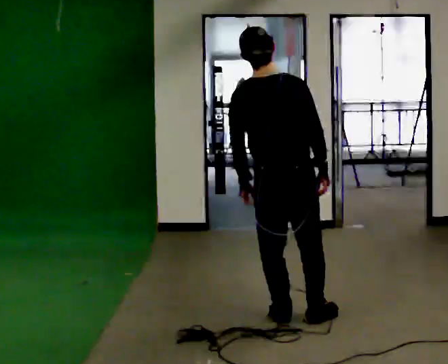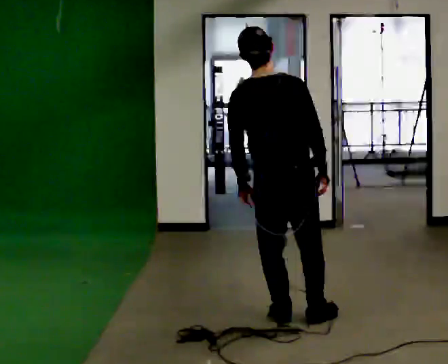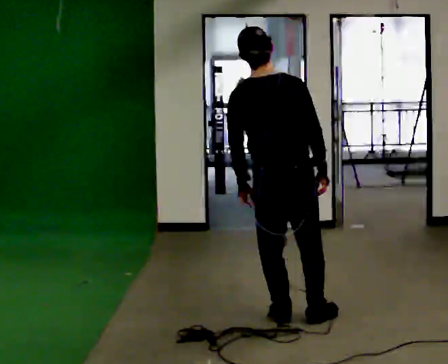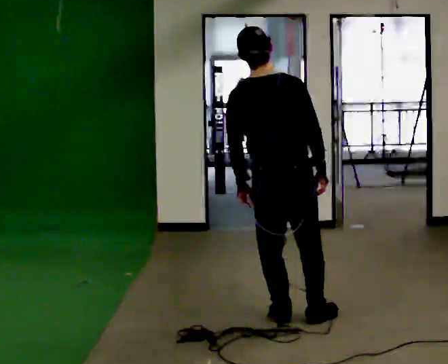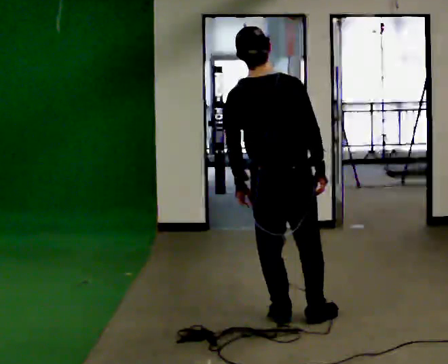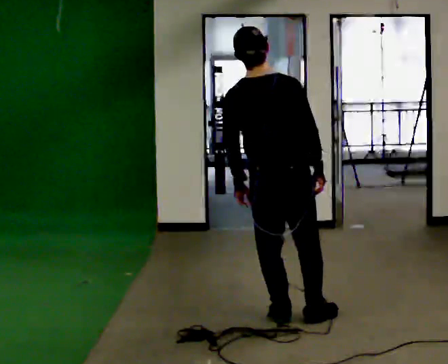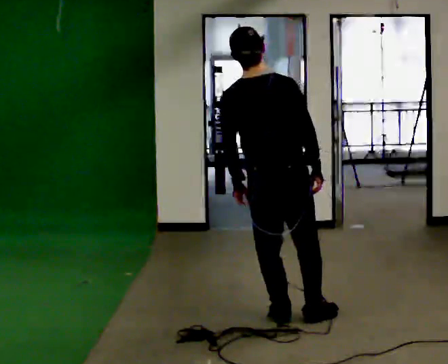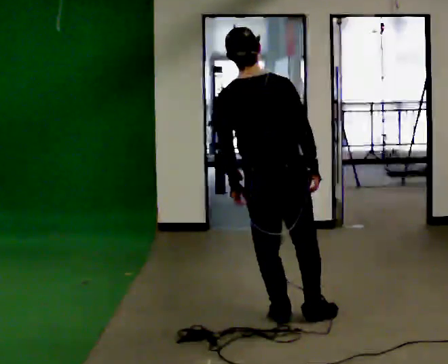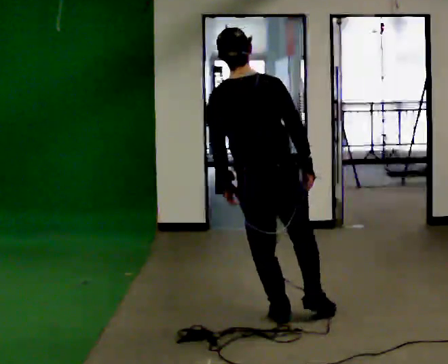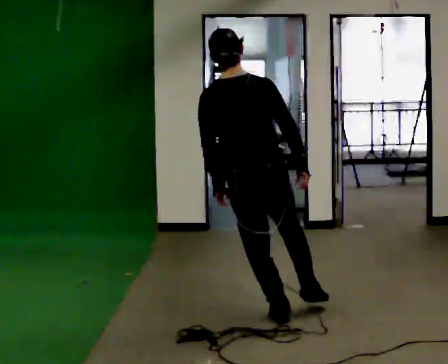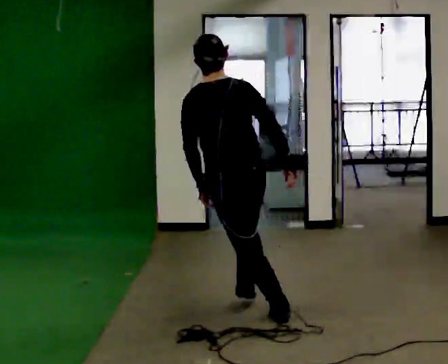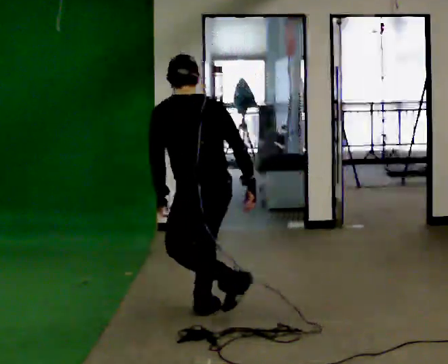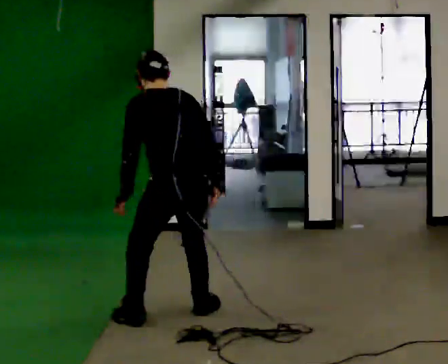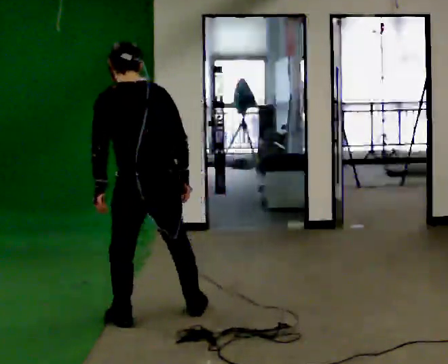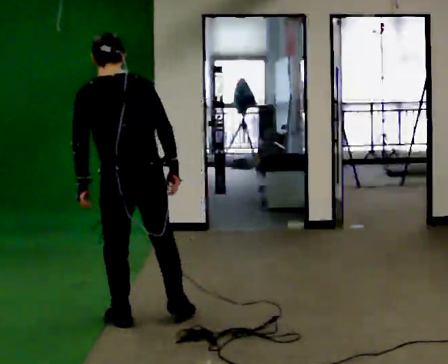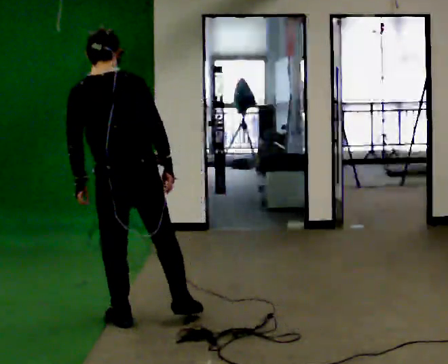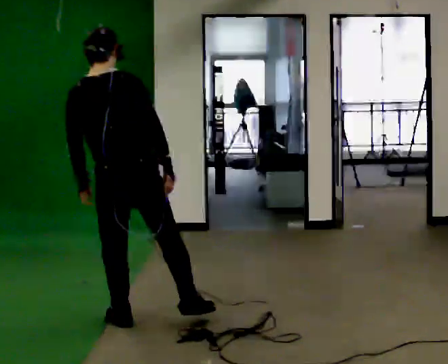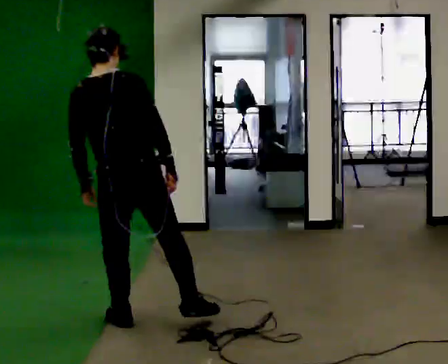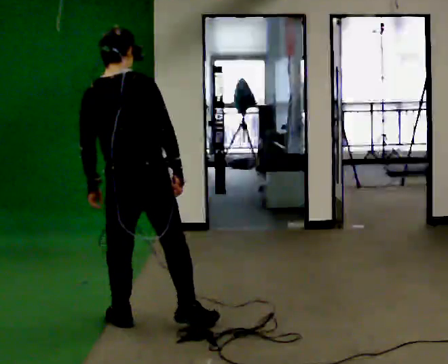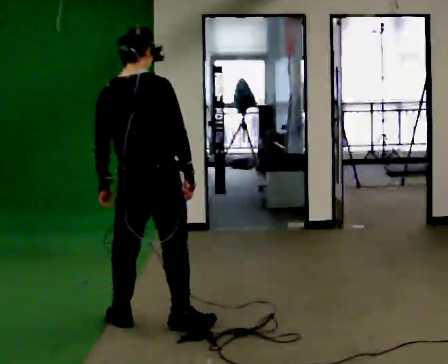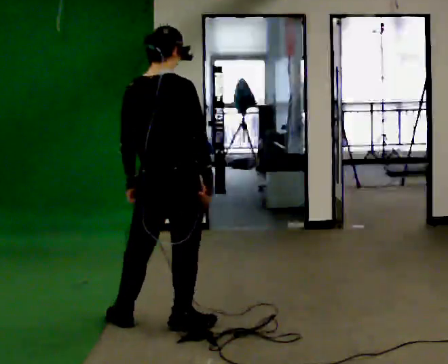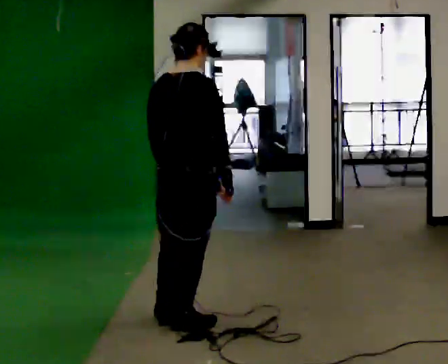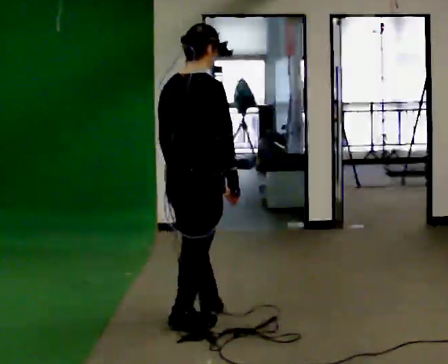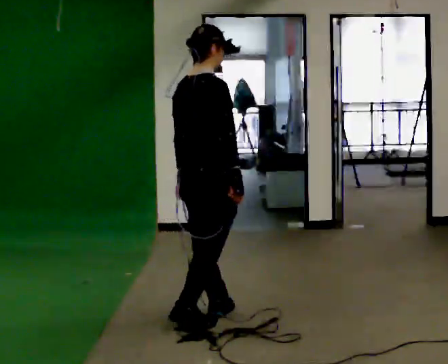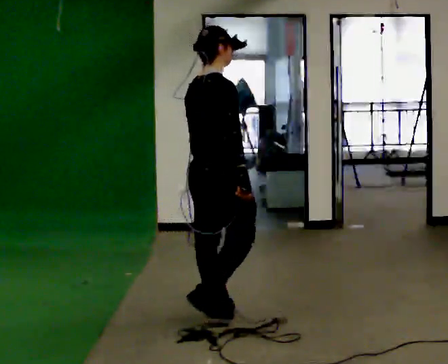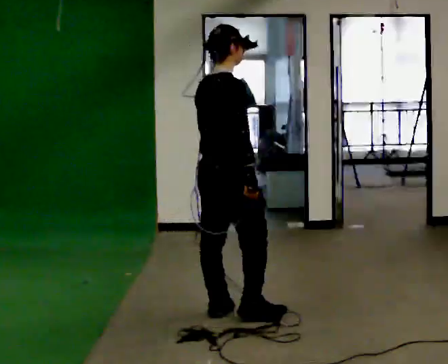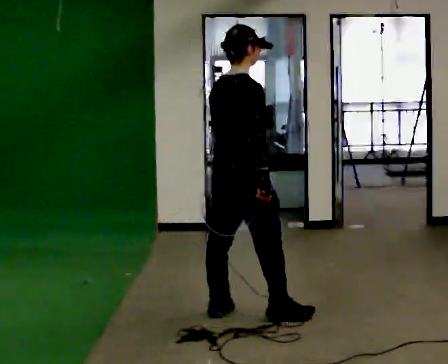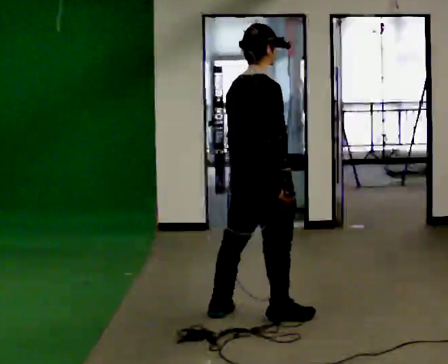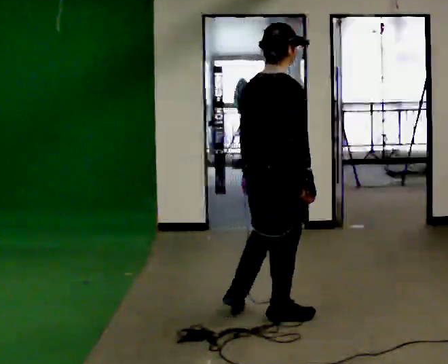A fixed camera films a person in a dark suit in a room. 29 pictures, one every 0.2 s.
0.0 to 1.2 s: The person moves a little, or ends about where they began.
1.2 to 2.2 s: The part of the body nearest the lens slides to the right as the person turns to their left by about 45 degrees. In the picture they go to the left, about 0.5 m in 1 step, which for them is to their left. The upper body tips away from the camera, its near side rolling upward, as they bend forward.
2.2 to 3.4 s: The person turns about 30 degrees to their right, clockwise seen from above, so the part of the body nearest the lens slides to the left. In the picture they go to the left and toward the camera, about 0.5 m in 2 steps, which for them is to their left.
3.4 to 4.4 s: The person turns about 45 degrees to their right, clockwise seen from above, so the part of the body nearest the lens slides to the left. In the picture they go to the right, about 0.25 m, which for them is to their right and forward. In the picture the upper body tilts clockwise, shoulders to the right.
4.4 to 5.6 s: In the picture they go to the right, about 0.5 m in 2 steps, which for them is forward and to their right.
The film runs forward here.
